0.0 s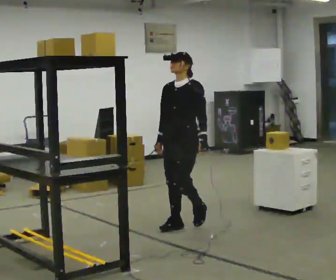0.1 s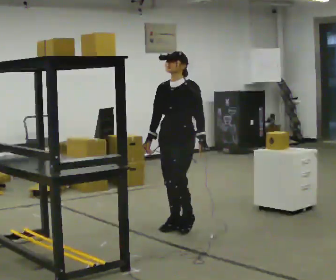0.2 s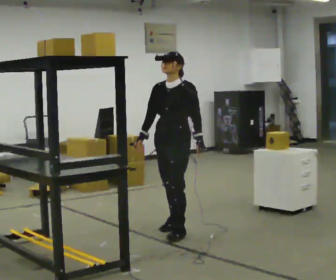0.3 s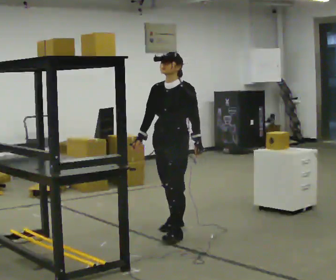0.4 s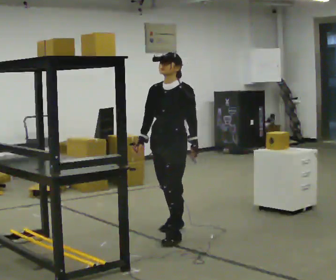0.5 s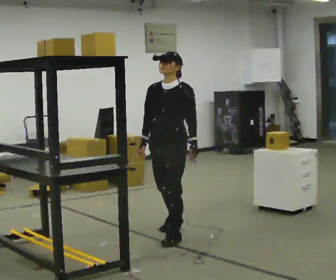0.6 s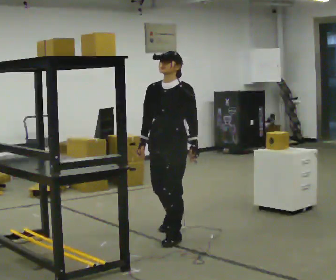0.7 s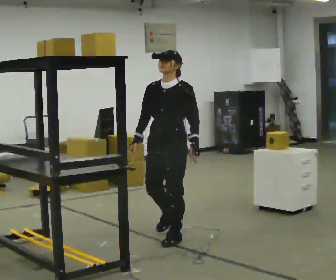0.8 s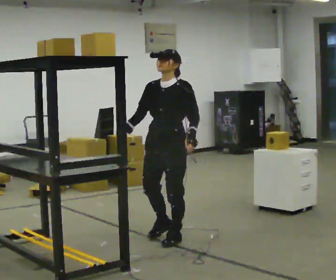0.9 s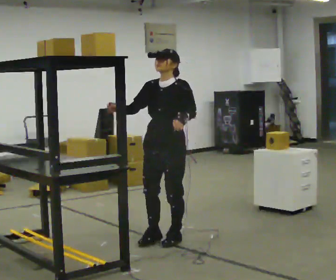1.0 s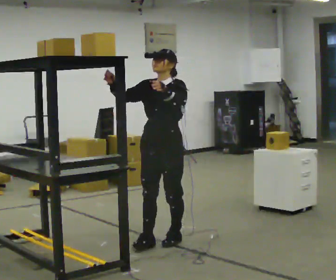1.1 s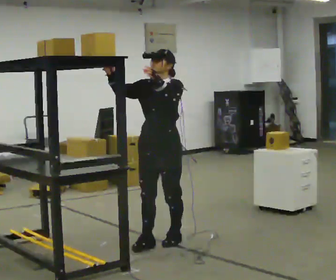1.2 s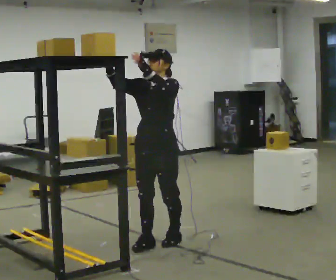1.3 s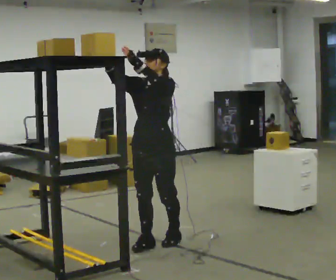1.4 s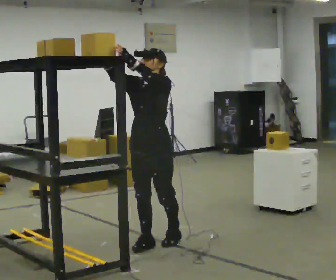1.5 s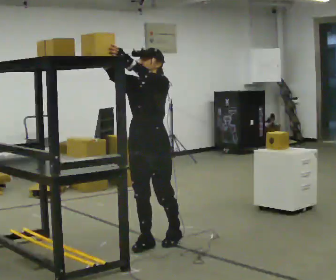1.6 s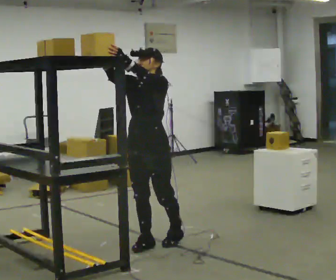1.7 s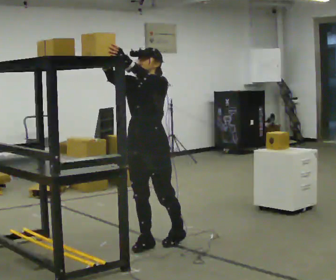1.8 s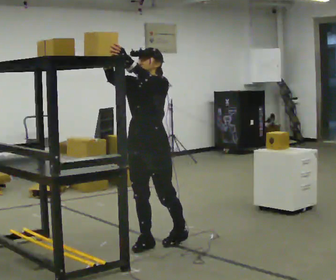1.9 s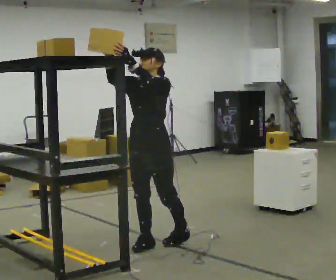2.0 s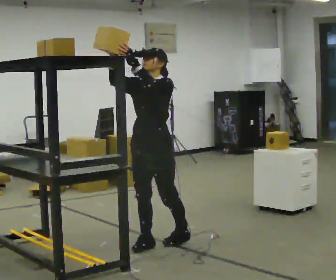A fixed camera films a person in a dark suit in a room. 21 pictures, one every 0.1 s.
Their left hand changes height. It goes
upward.
Their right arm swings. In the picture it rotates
clockwise.
0.0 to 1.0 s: In the picture they go toward the camera, about 0.5 m in 1 step, which for them is forward. In the picture their right hand goes upward, the arm swinging clockwise.
1.0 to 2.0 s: The person moves a little, or ends about where they began.
The film runs forward here.
